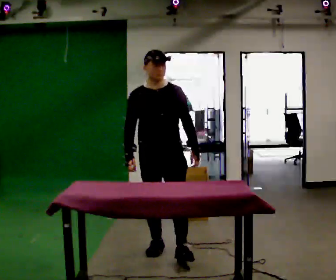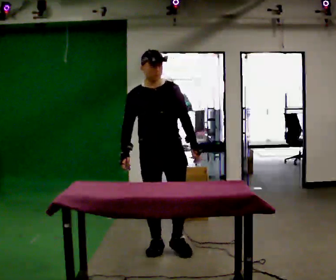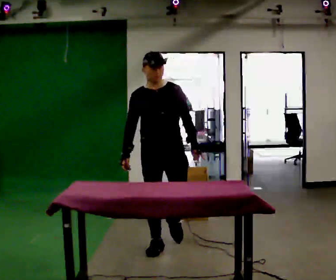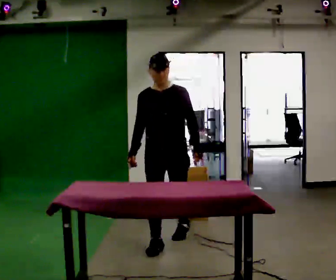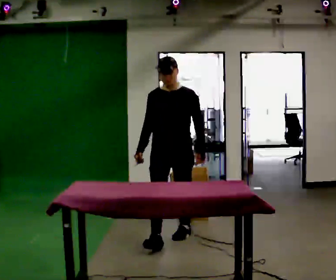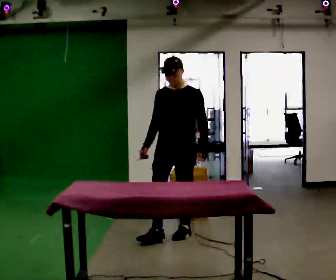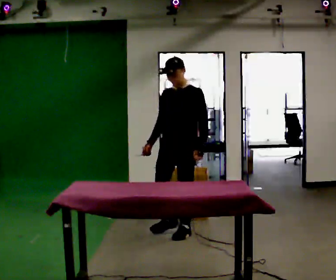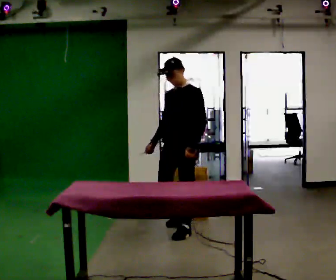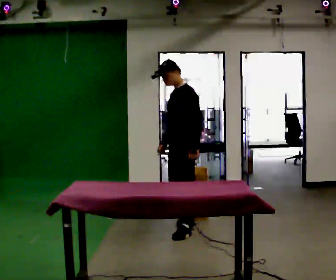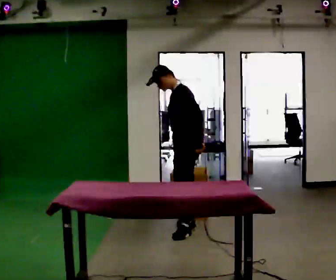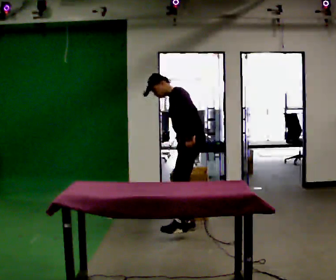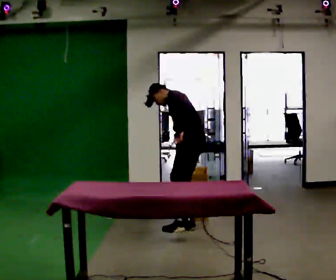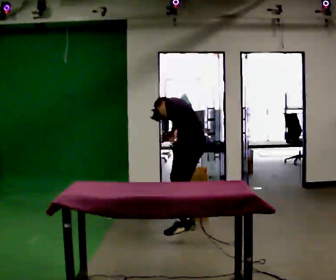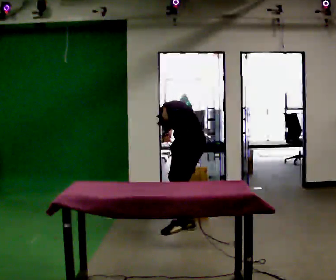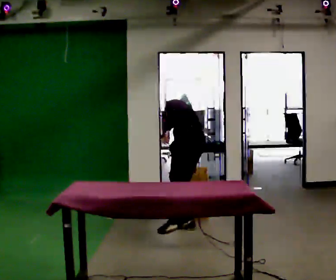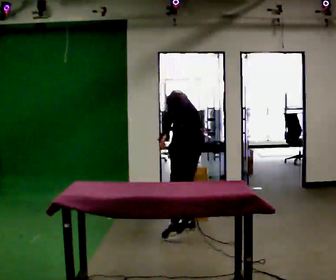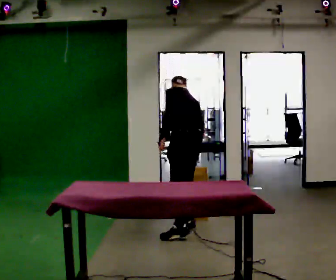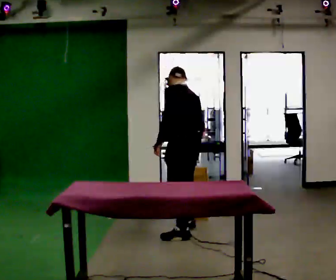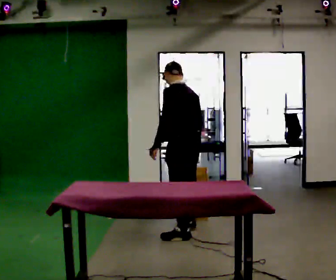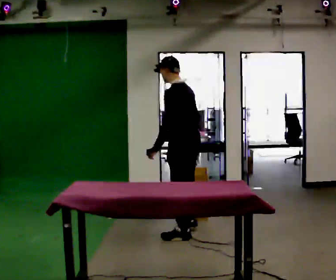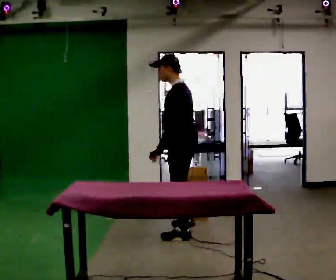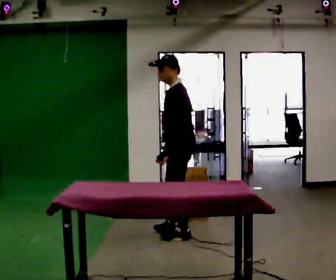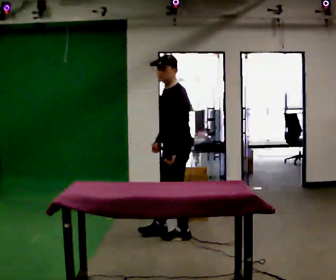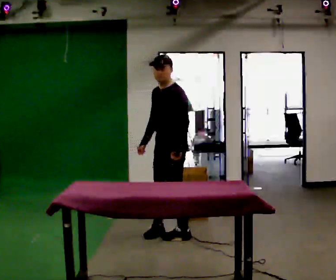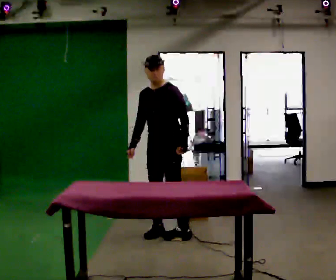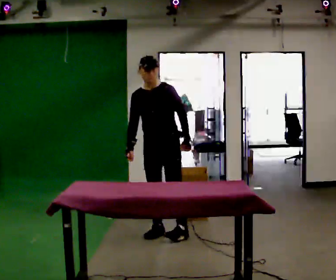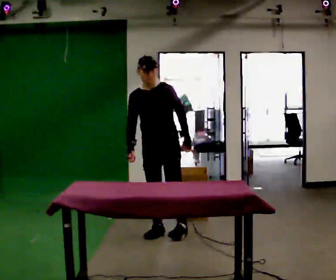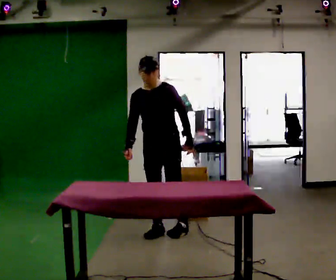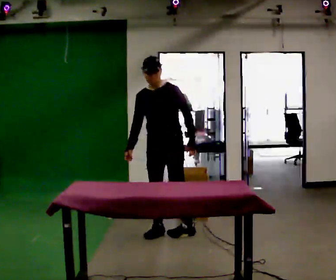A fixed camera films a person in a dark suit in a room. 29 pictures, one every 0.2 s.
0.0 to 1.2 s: Seen from above the body turns clockwise, about 45 degrees: to their right, with its near side sliding to the left. In the picture they go away from the camera, about 0.5 m in 1 step, which for them is backward.
1.2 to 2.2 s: Seen from above the body turns clockwise, about 60 degrees: to their right, with its near side sliding to the left. In the picture they go away from the camera, about 0.25 m in 1 step. The upper body tips away from the camera, its near side rolling upward, as they bend forward.
2.2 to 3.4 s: The person turns about 30 degrees to their right, clockwise seen from above, so the part of the body nearest the lens slides to the left. In the picture the upper body tilts clockwise, shoulders to the right.
3.4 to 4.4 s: Seen from above the body turns counterclockwise, about 45 degrees: to their left, with its near side sliding to the right. The upper body tips toward the camera, its near side rolling downward. In the picture their right hand goes to the left.
4.4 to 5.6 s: Seen from above the body turns counterclockwise, about 45 degrees: to their left, with its near side sliding to the right.
The film runs backward here.
